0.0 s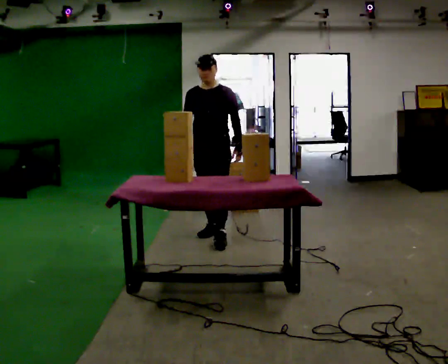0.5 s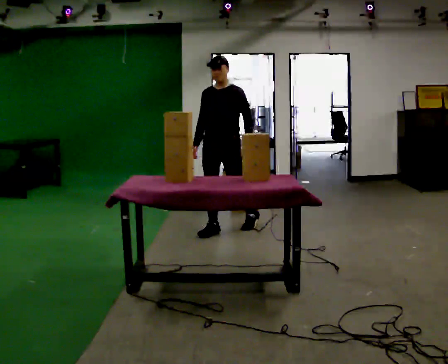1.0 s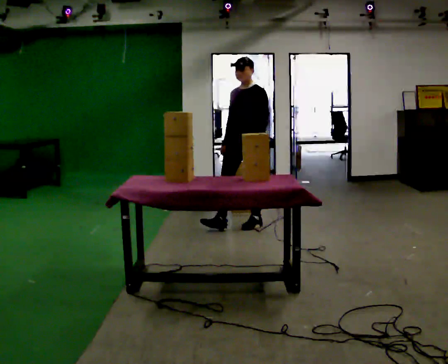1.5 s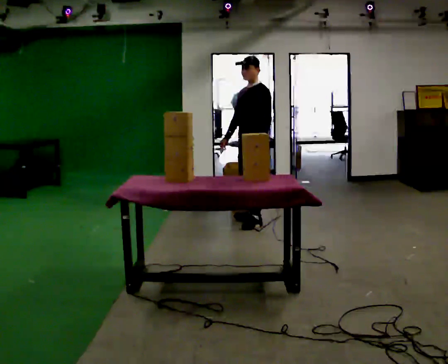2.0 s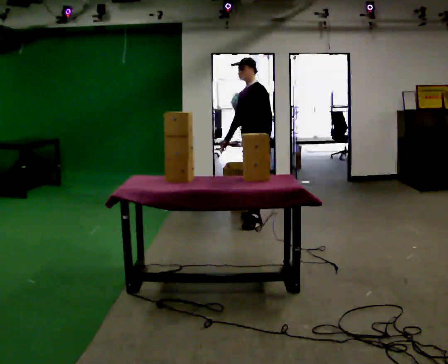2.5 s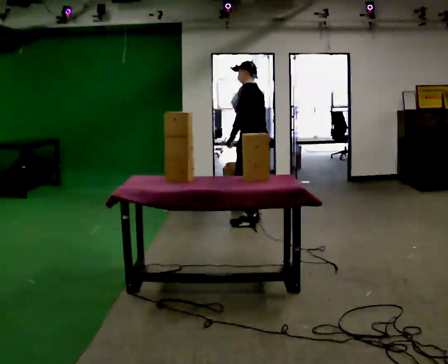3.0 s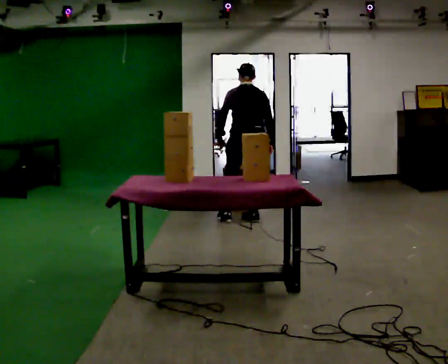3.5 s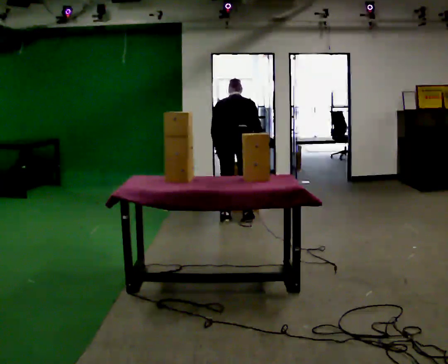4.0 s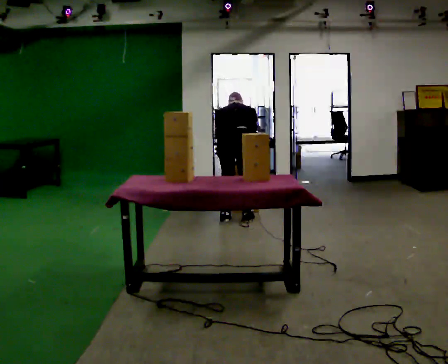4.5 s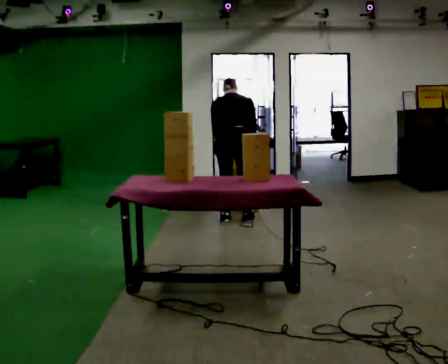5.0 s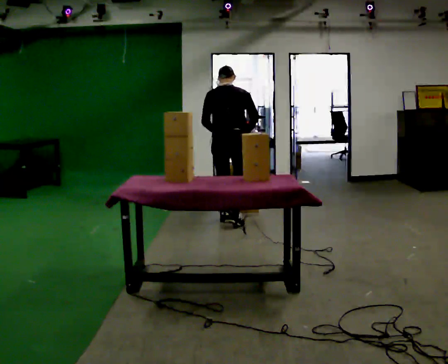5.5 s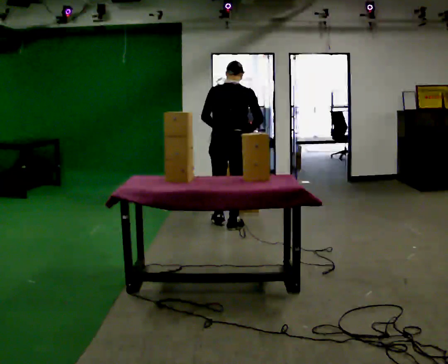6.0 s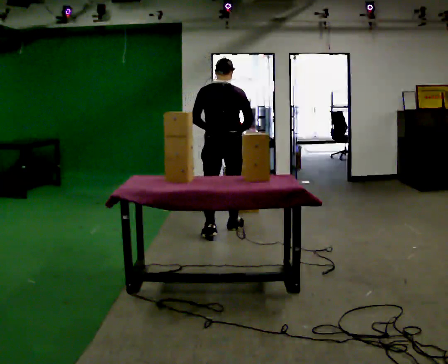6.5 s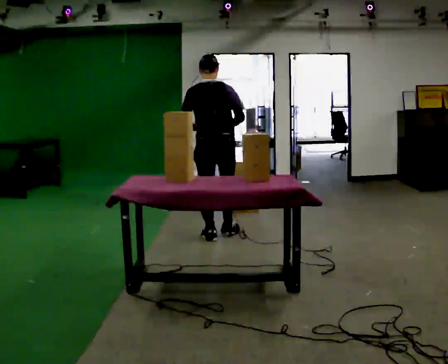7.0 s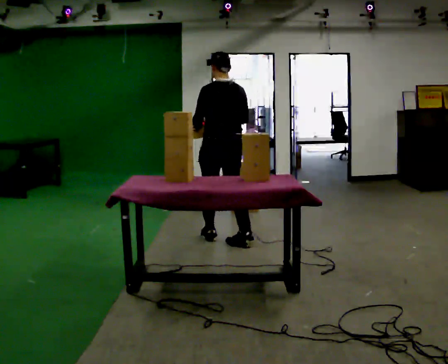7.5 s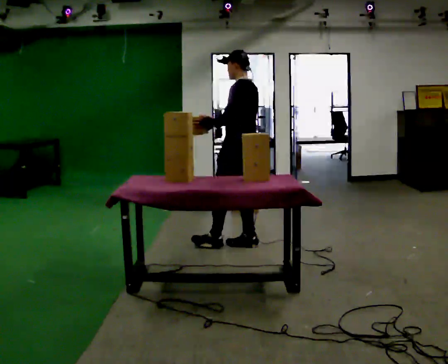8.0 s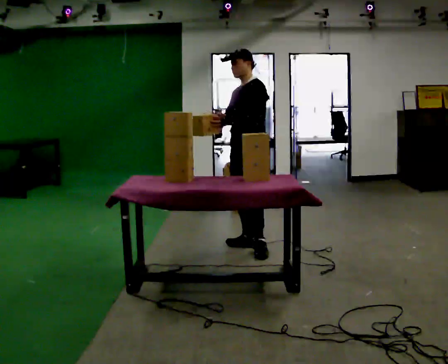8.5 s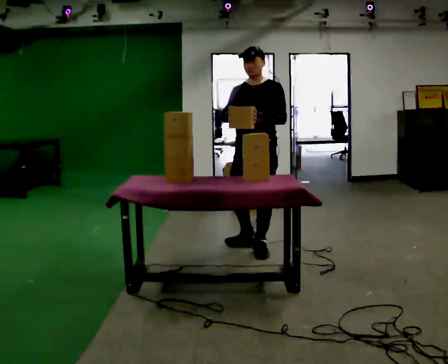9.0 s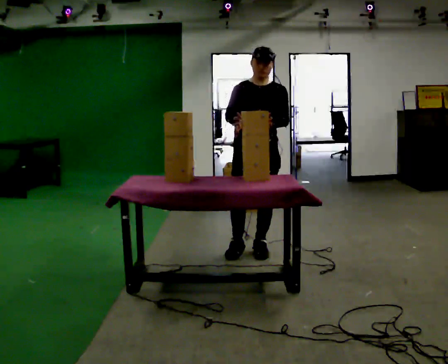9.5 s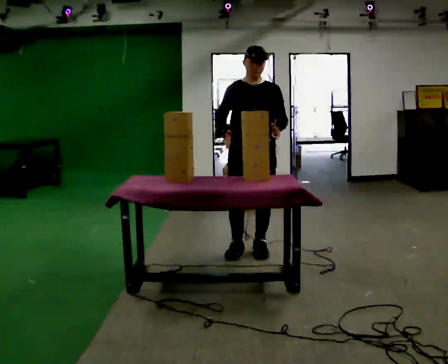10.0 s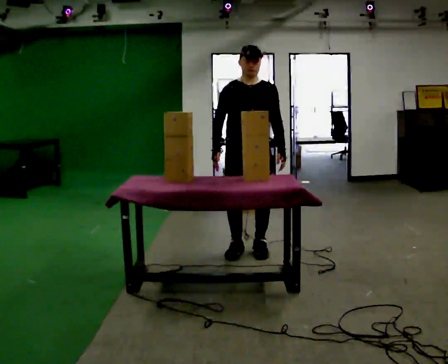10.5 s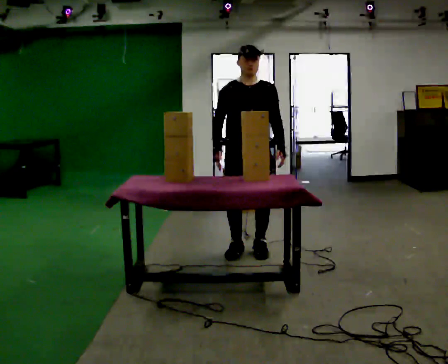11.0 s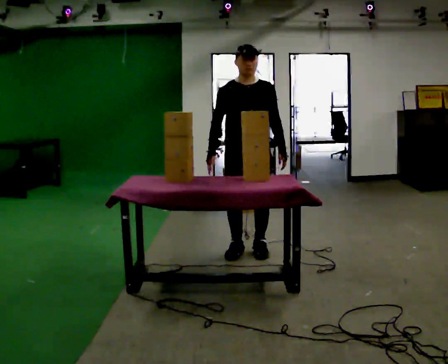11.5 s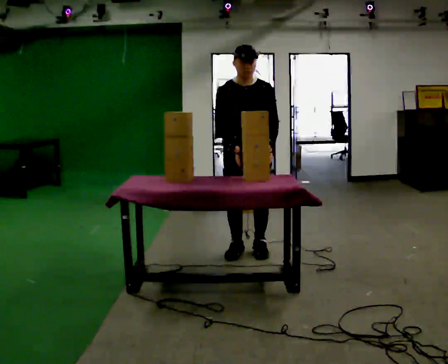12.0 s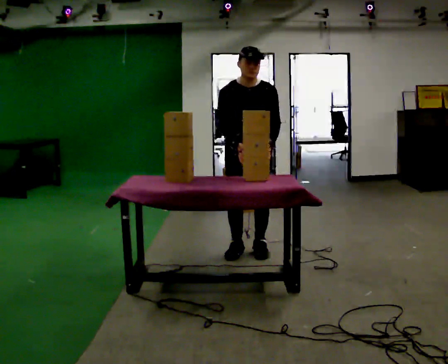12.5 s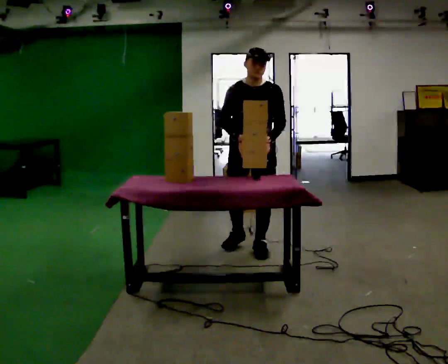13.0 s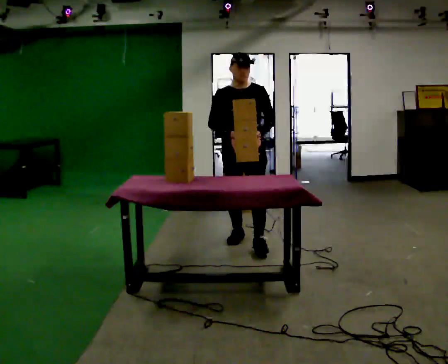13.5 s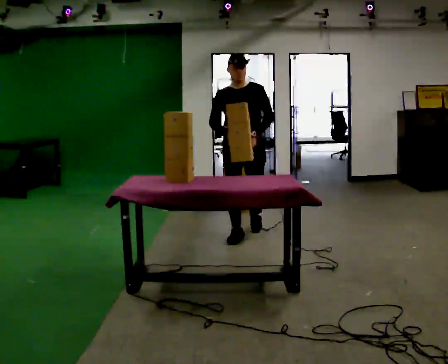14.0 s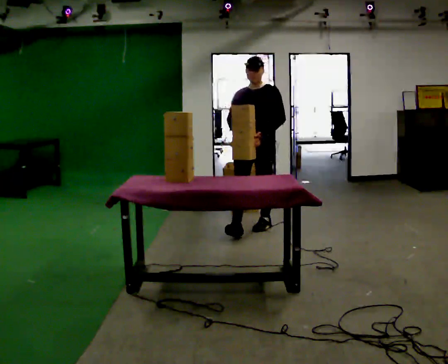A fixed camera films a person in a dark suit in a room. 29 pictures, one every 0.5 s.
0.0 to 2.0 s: Seen from above the body turns clockwise, about 60 degrees: to their right, with its near side sliding to the left. In the picture they go away from the camera and to the right, about 0.75 m in 1 step, which for them is backward.
2.0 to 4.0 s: The person turns about 120 degrees to their right, clockwise seen from above, so the part of the body nearest the lens slides to the left. In the picture they go to the left, about 0.25 m in 1 step. The upper body goes downward. The upper body tips away from the camera, its near side rolling upward, as they bend forward. In the picture their left hand goes to the left.
4.0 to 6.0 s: In the picture they go toward the camera, about 0.5 m in 2 steps, which for them is backward. The upper body goes upward. The upper body tips toward the camera, its near side rolling downward, as they lean back or straighten. In the picture their left hand goes upward.
6.0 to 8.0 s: Seen from above the body turns counterclockwise, about 120 degrees: to their left, with its near side sliding to the right. In the picture they go toward the camera and to the right, about 0.5 m in 2 steps.
8.0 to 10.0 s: The part of the body nearest the lens slides to the right as the person turns to their left by about 60 degrees. In the picture they go toward the camera, about 0.25 m in 1 step. In the picture their left hand goes to the right.
10.0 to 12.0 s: The upper body tips toward the camera, its near side rolling downward, as they bend forward.
12.0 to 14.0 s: In the picture they go away from the camera, about 1 m in 2 steps, which for them is backward. The upper body tips away from the camera, its near side rolling upward, as they lean back or straighten.
The film runs backward here.
